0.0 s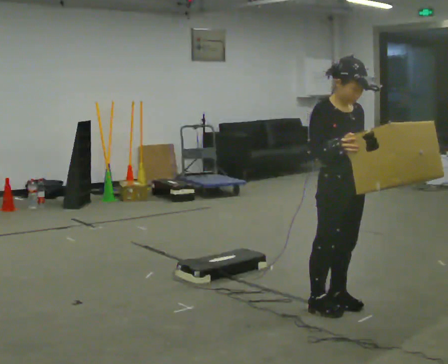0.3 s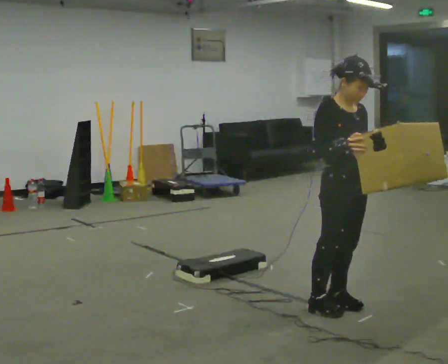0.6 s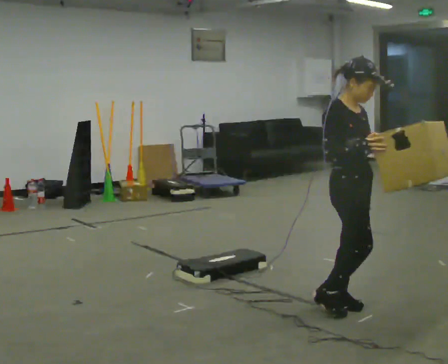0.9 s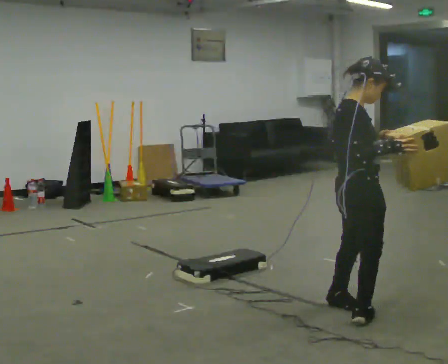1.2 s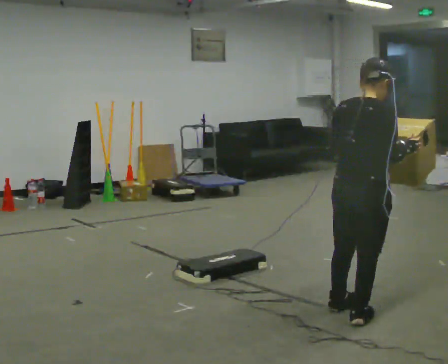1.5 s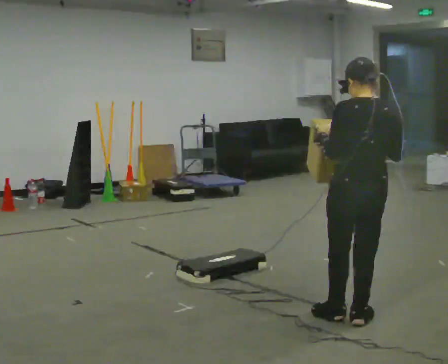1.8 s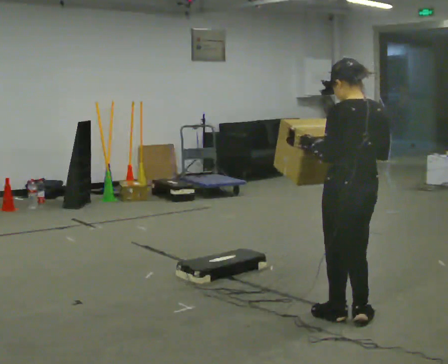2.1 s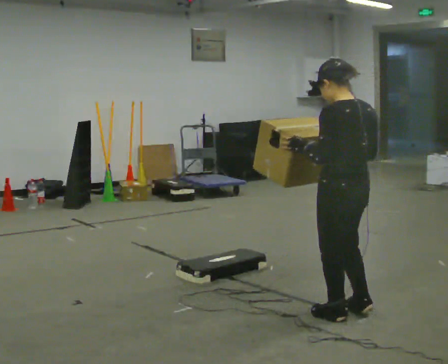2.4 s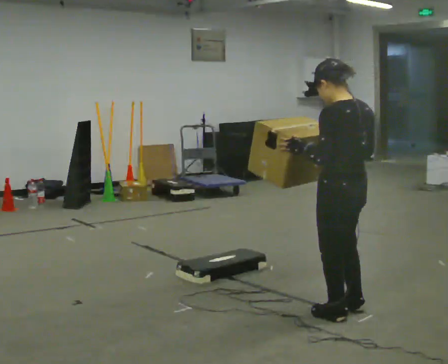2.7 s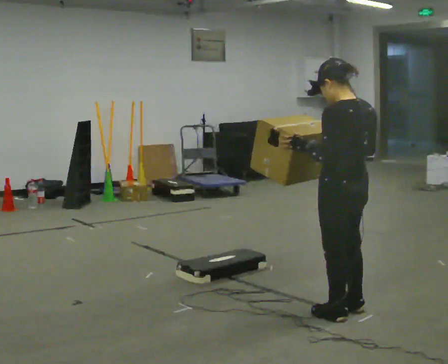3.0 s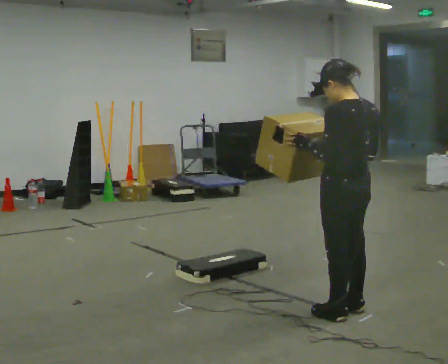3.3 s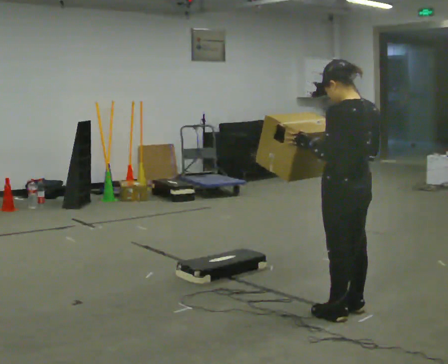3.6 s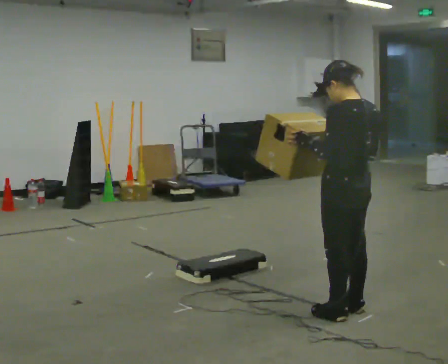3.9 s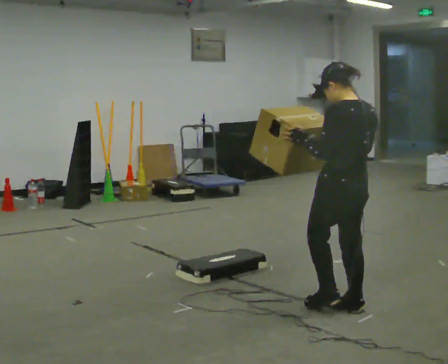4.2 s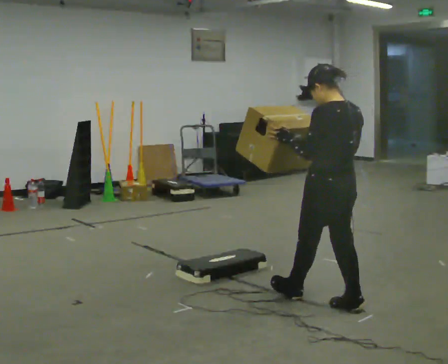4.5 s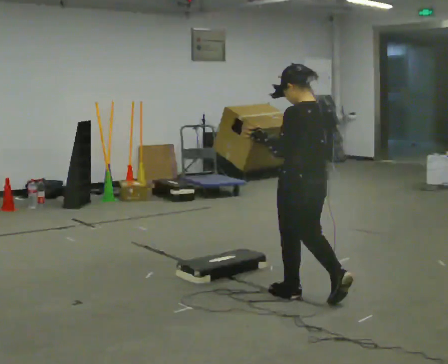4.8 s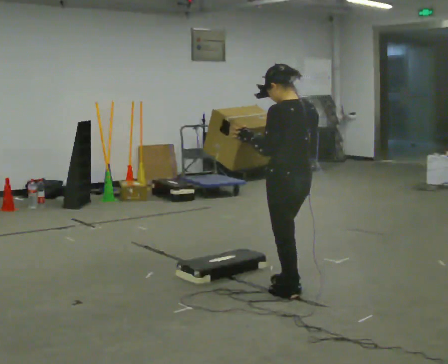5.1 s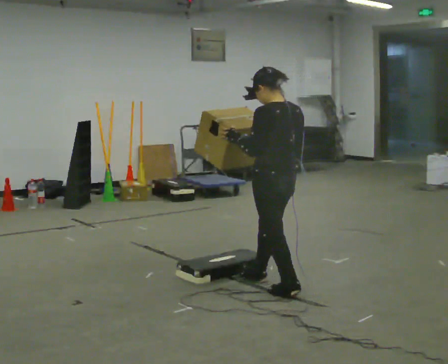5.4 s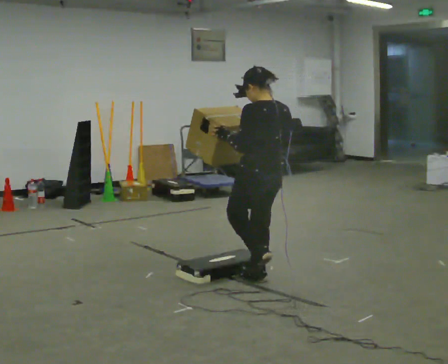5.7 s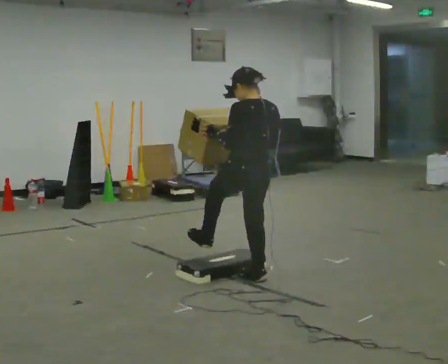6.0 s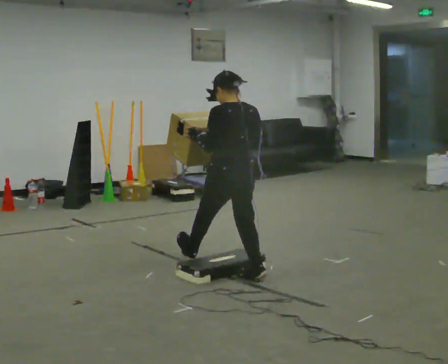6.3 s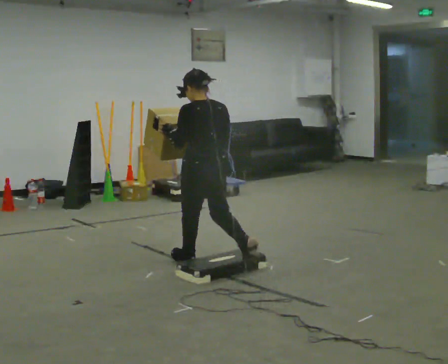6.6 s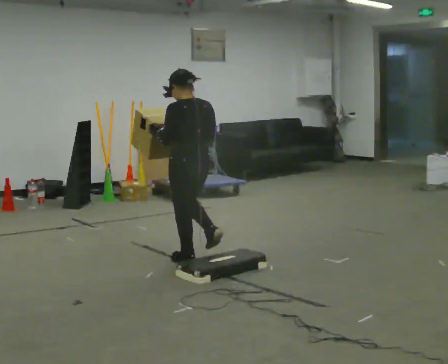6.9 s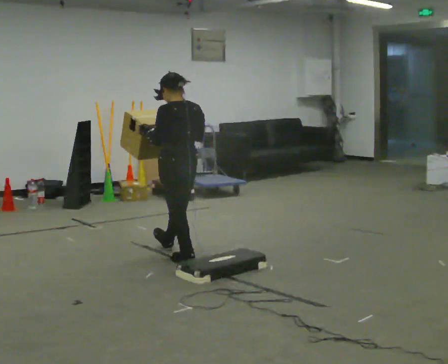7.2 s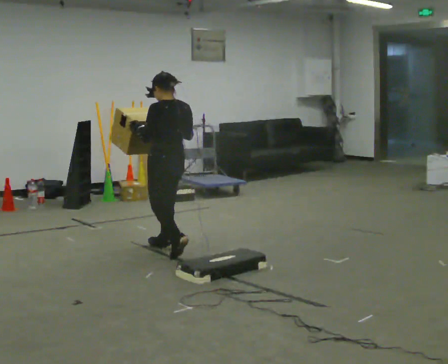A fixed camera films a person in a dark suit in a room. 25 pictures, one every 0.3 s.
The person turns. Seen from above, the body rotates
counterclockwise.
The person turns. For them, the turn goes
to their left.
0.0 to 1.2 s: The part of the body nearest the lens slides to the right as the person turns to their left by about 105 degrees. In the picture they go toward the camera, about 0.25 m in 1 step.
1.2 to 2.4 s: Seen from above the body turns counterclockwise, about 75 degrees: to their left, with its near side sliding to the right. In the picture their right hand goes to the left.
2.4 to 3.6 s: The person moves a little, or ends about where they began.
3.6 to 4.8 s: In the picture they go to the left and away from the camera, about 0.5 m in 1 step, which for them is forward.
4.8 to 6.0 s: In the picture they go to the left and away from the camera, about 0.5 m in 2 steps, which for them is forward.
6.0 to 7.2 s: In the picture they go to the left and away from the camera, about 1 m in 1 step, which for them is forward.
The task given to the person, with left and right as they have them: Carry the box over the low sill without stopping, then bring it back over. Keep going until the operator says stop; one object at a time, and do not rush between trips.
The film runs forward here.
